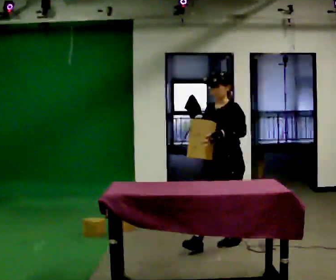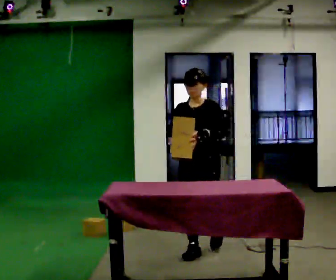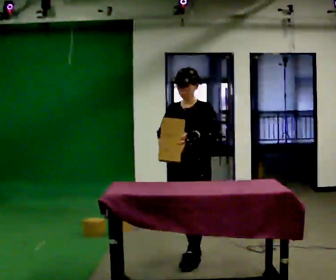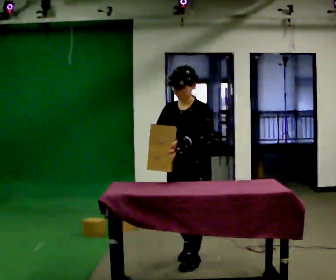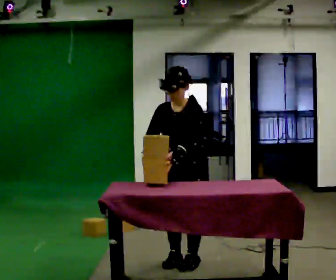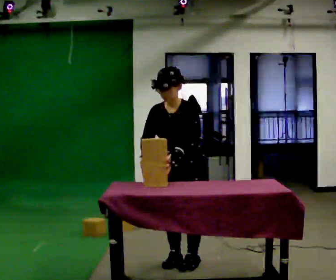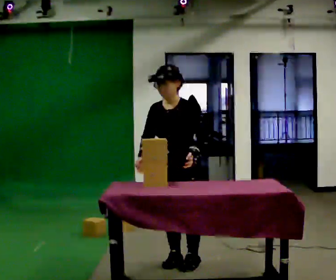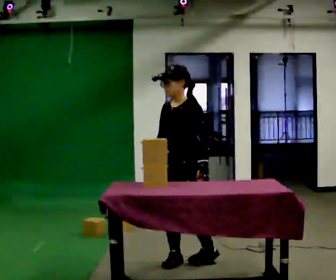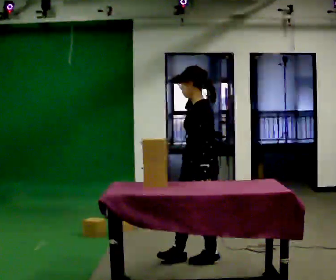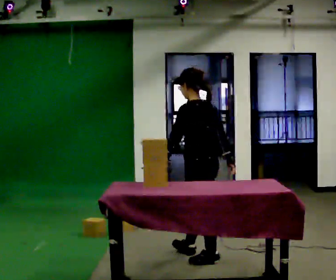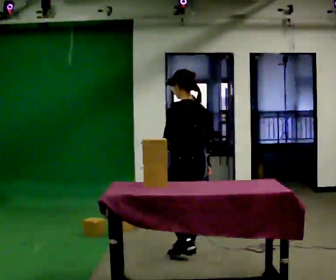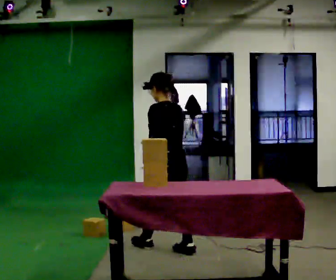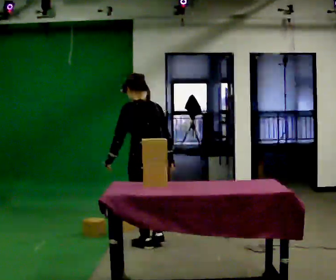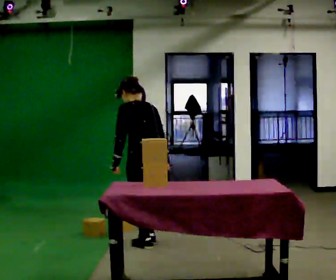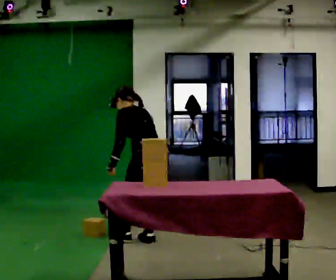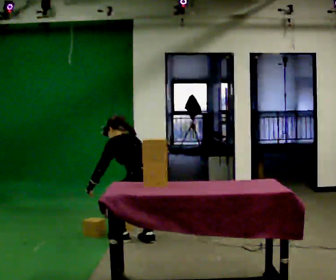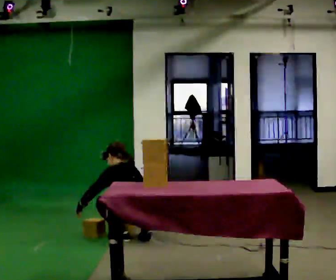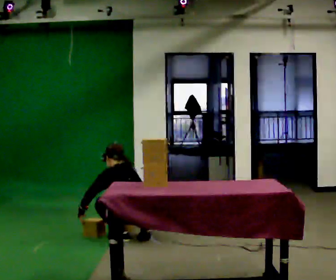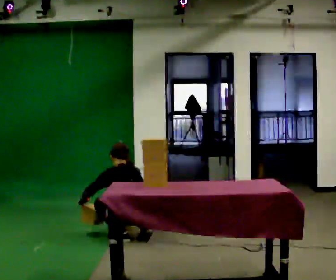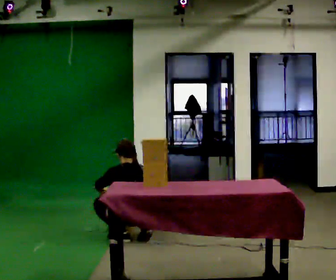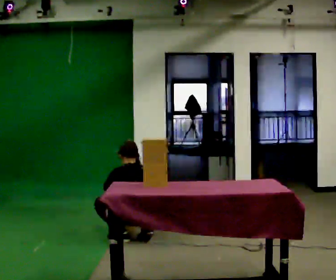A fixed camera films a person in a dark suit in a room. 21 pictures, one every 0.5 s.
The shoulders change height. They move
downward.
0.0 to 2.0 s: In the picture they go toward the camera and to the left, about 0.75 m in 3 steps, which for them is forward.
2.0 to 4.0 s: The person turns about 60 degrees to their right, clockwise seen from above, so the part of the body nearest the lens slides to the left. In the picture they go to the right, about 0.25 m. In the picture their right hand goes to the right, the arm swinging counterclockwise.
4.0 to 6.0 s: The part of the body nearest the lens slides to the left as the person turns to their right by about 75 degrees. In the picture they go to the left and away from the camera, about 0.75 m in 2 steps.
6.0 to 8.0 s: In the picture they go away from the camera, about 0.25 m in 2 steps, which for them is forward. The upper body goes downward. In the picture their right hand goes downward and to the left, the arm swinging clockwise.
8.0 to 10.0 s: In the picture the upper body tilts clockwise, shoulders to the right.
The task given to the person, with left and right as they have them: Collect three or four objects from around the room, gather them in your arms, then carry them all to the shelf together. Keep going until the operator says stop; one object at a time, and do not rush between trips.
The film runs forward here.
